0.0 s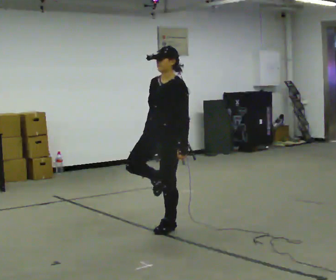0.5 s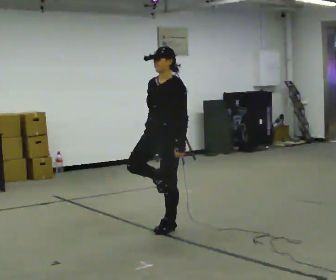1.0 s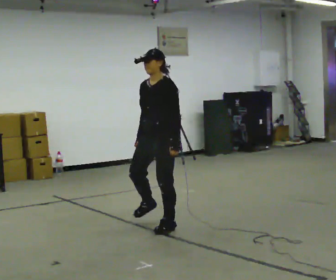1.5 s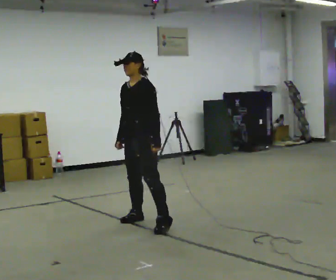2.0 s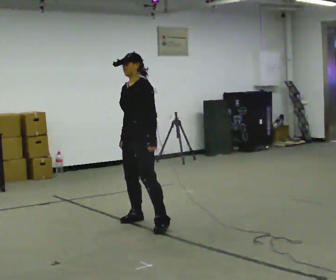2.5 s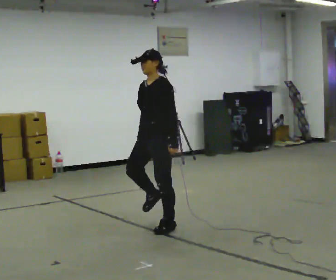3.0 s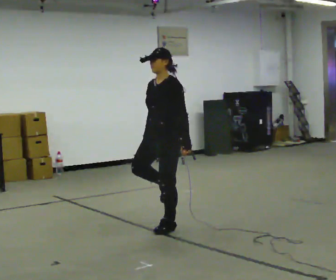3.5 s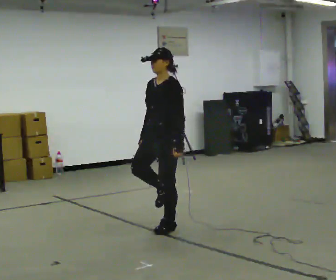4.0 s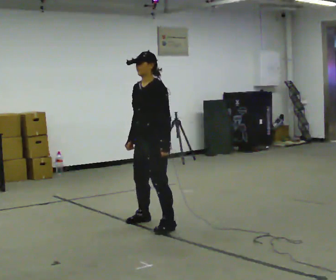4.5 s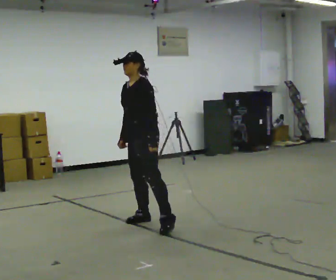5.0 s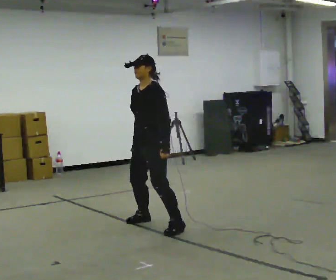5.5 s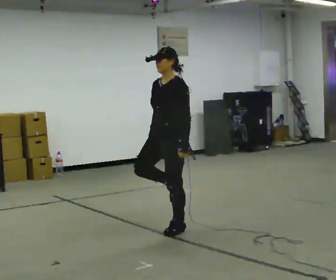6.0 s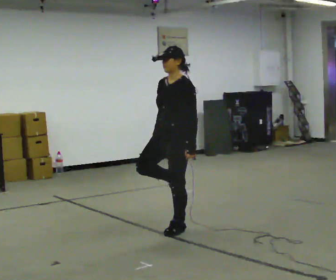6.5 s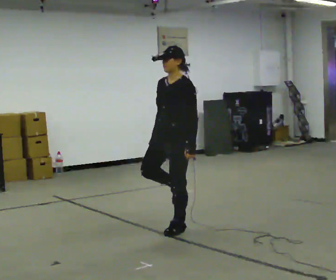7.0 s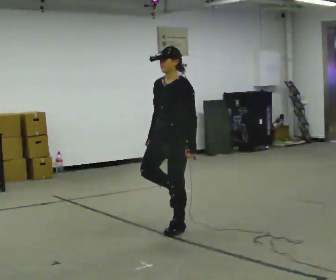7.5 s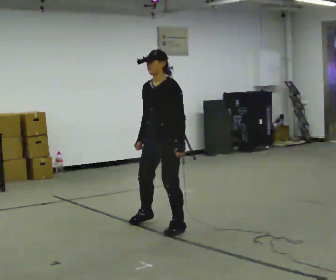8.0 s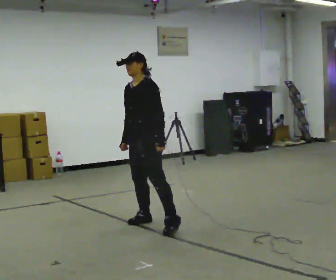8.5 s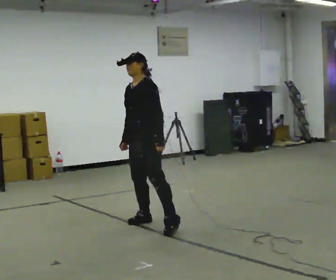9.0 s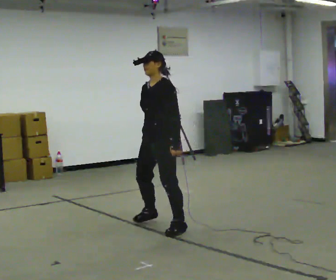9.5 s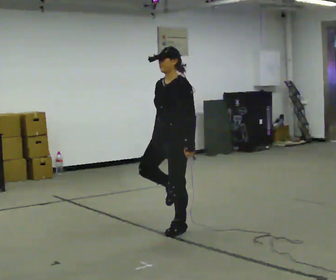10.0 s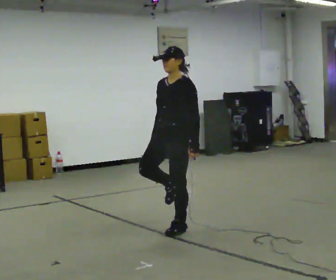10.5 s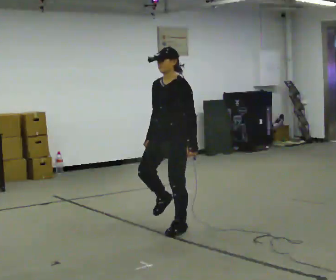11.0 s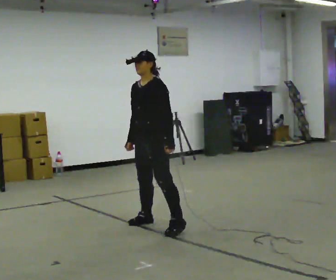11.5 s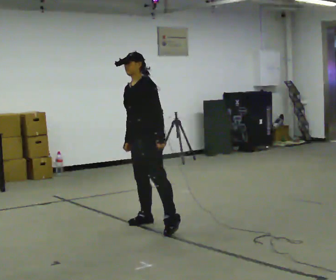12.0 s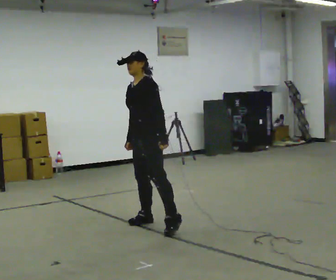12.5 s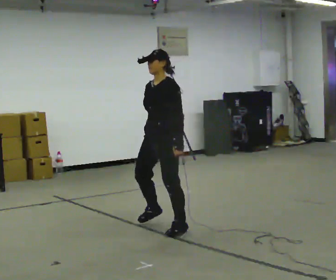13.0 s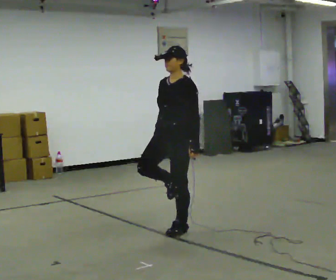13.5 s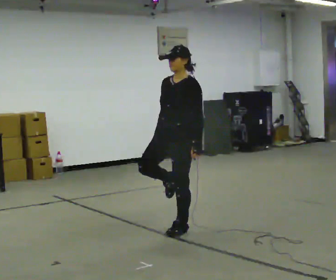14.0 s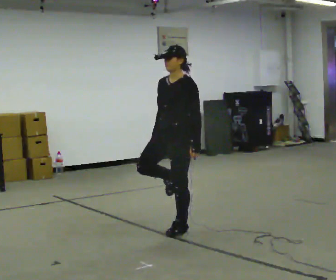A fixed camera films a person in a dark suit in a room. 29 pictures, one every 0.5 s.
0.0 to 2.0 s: In the picture they go away from the camera and to the left, about 0.5 m in 1 step, which for them is to their right.
2.0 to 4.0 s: The person moves a little, or ends about where they began.
4.0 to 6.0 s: In the picture they go to the right and toward the camera, about 0.25 m in 1 step, which for them is to their left.
6.0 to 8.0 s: In the picture they go to the left and away from the camera, about 0.5 m in 1 step, which for them is to their right.
8.0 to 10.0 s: In the picture they go to the right and toward the camera, about 0.5 m in 1 step, which for them is to their left.
10.0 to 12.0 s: In the picture they go away from the camera and to the left, about 0.5 m in 1 step, which for them is to their right.
12.0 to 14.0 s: In the picture they go toward the camera and to the right, about 0.5 m in 1 step, which for them is to their left.
The film runs backward here.
